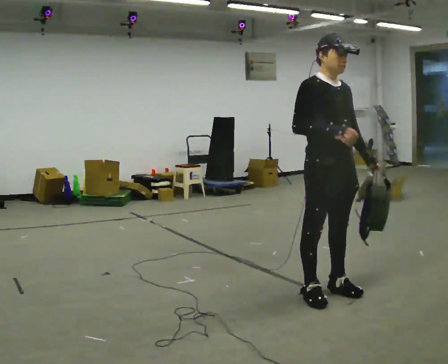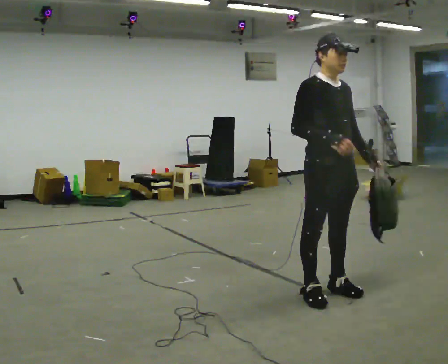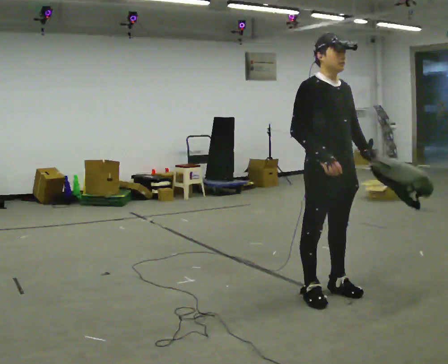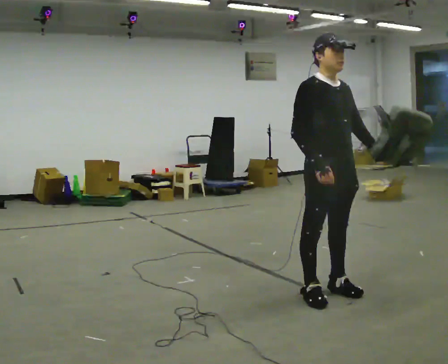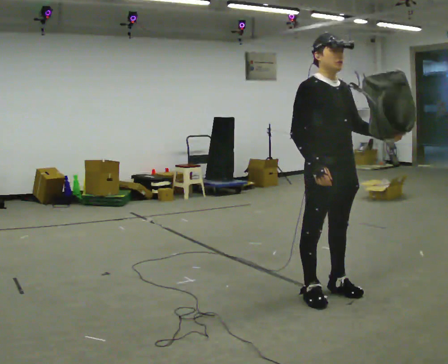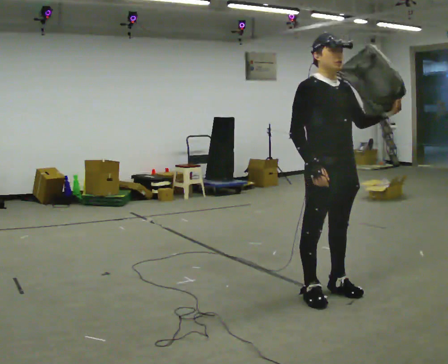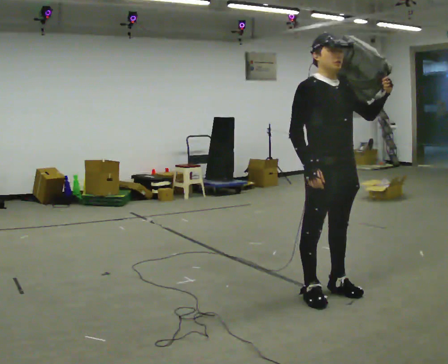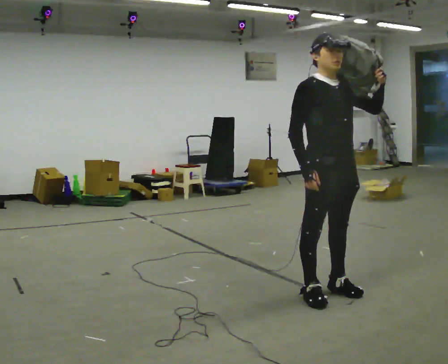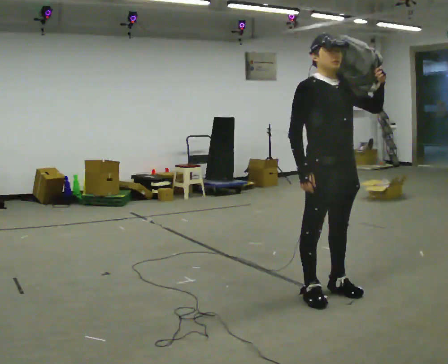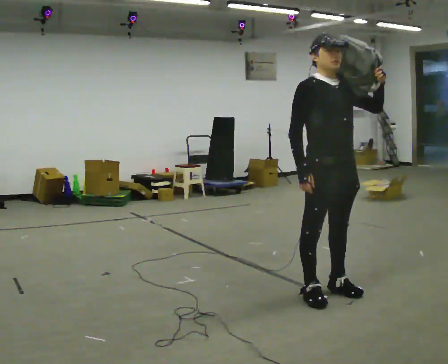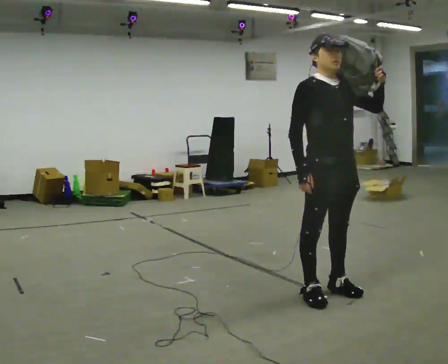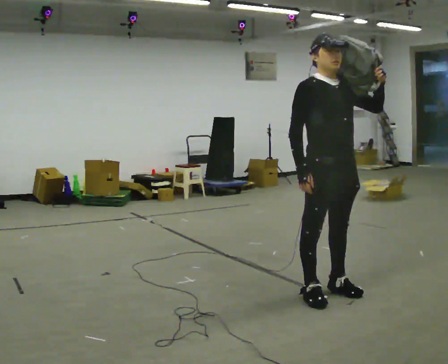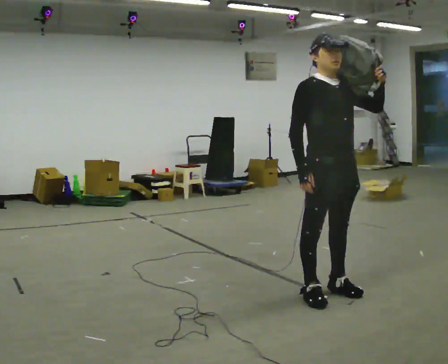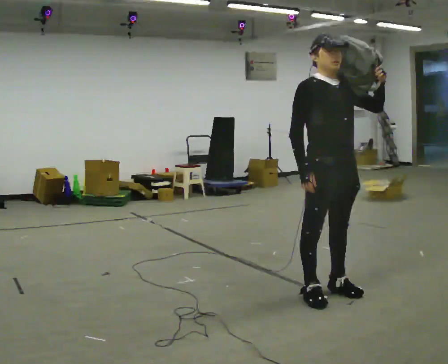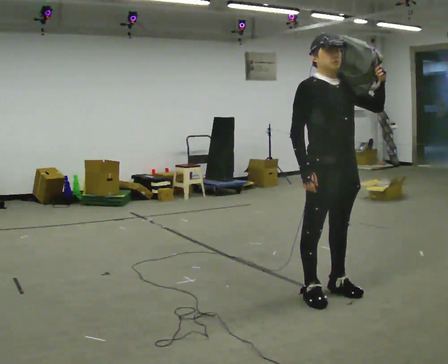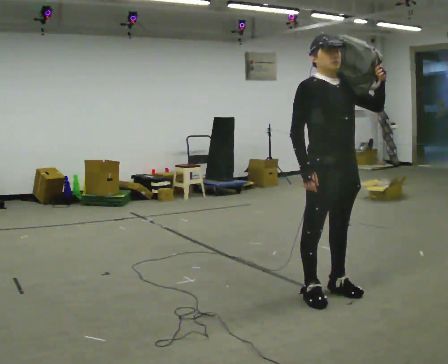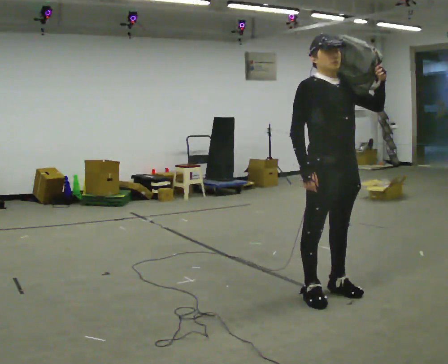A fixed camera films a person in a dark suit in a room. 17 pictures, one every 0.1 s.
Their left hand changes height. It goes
upward.
Their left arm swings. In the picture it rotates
counterclockwise.
0.0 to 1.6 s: In the picture their left hand goes upward, the arm swinging counterclockwise.
The film runs backward here.
